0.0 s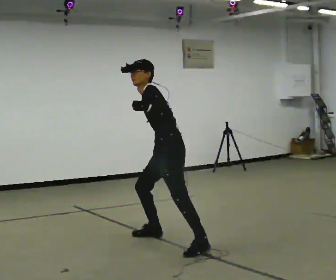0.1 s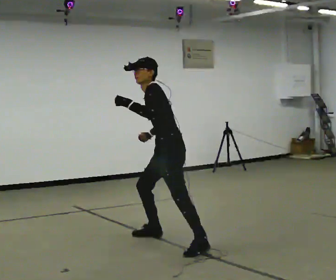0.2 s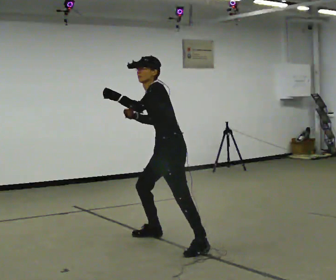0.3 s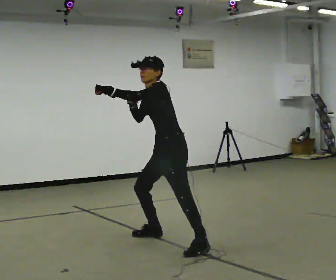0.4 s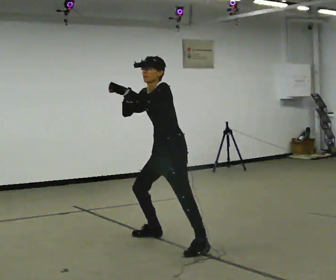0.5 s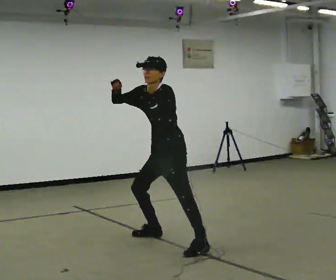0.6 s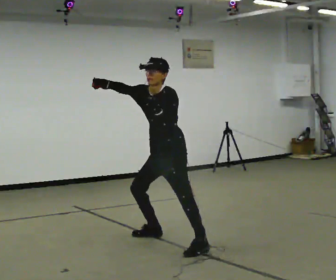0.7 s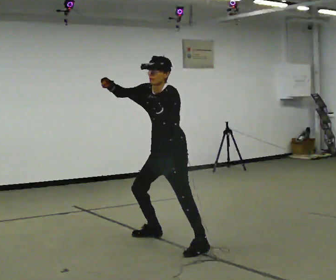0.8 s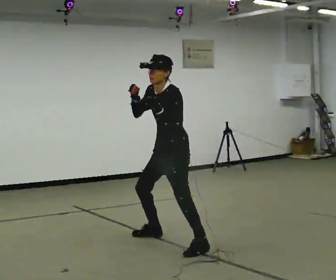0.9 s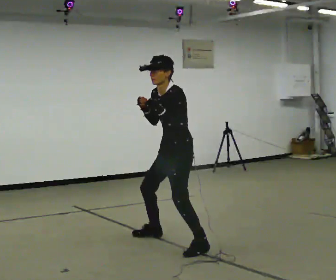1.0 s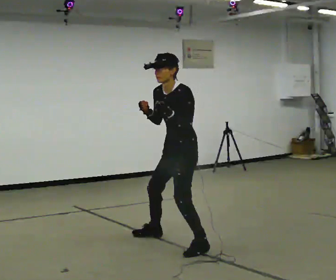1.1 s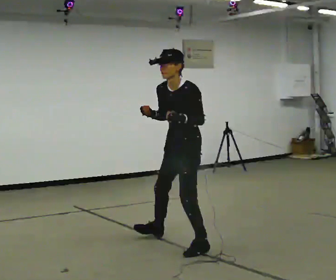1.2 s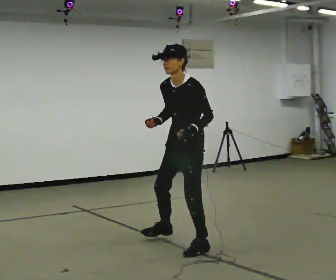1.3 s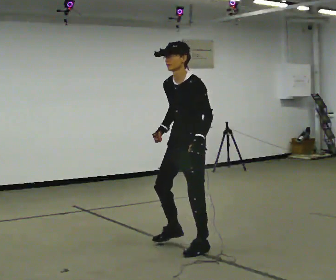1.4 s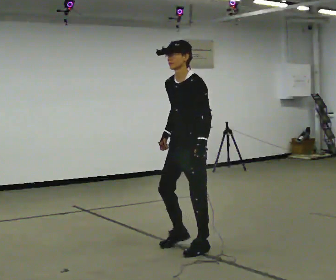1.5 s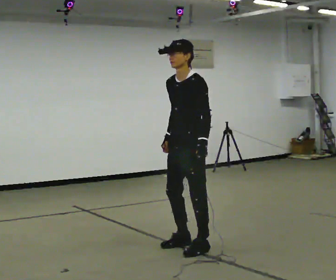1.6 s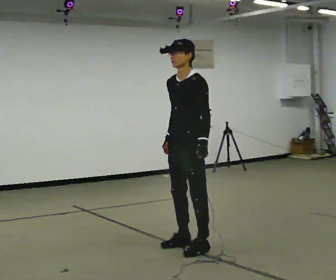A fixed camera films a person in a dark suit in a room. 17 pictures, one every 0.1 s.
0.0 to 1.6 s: Seen from above the body turns counterclockwise, about 30 degrees: to their left, with its near side sliding to the right. In the picture they go toward the camera and to the right, about 0.25 m in 1 step, which for them is to their left. In the picture the upper body tilts clockwise, shoulders to the right, as they lean back or straighten.
The film runs backward here.
